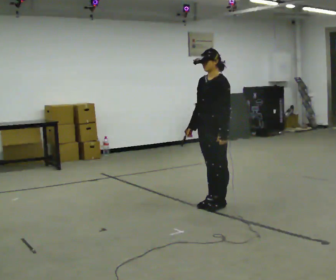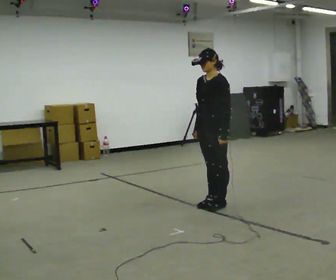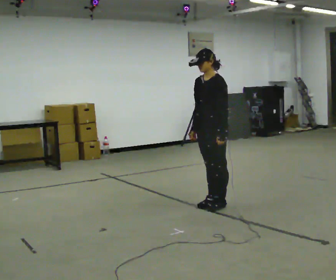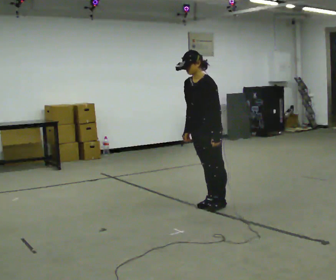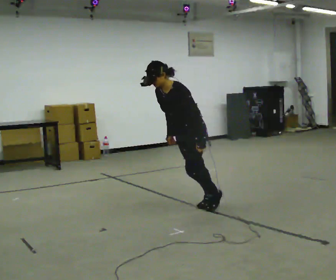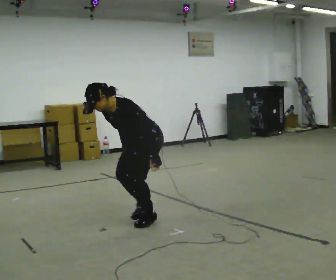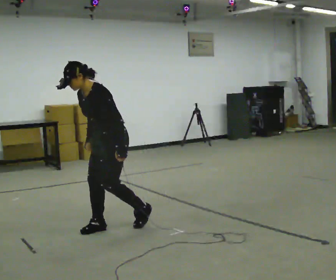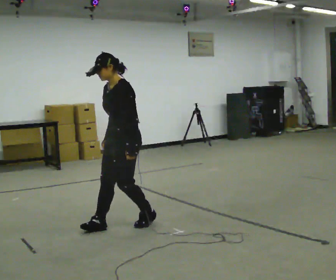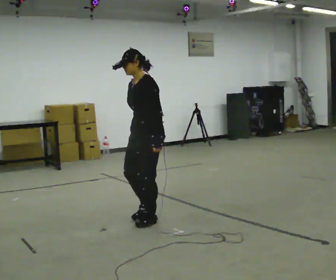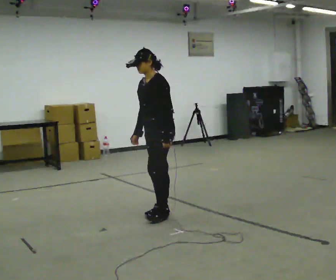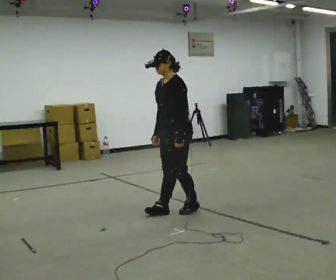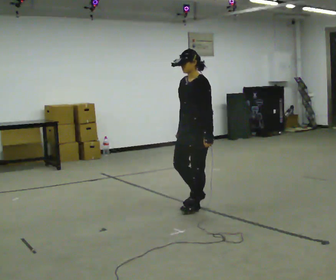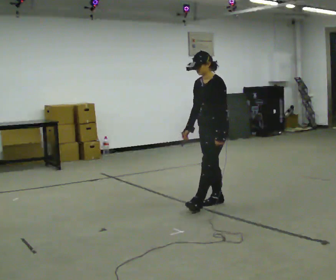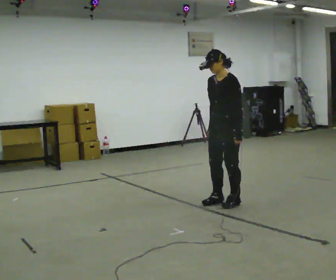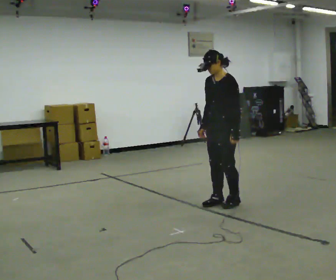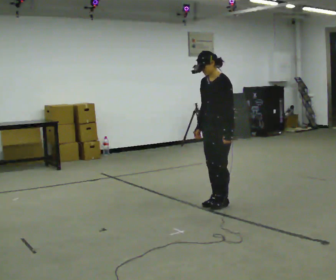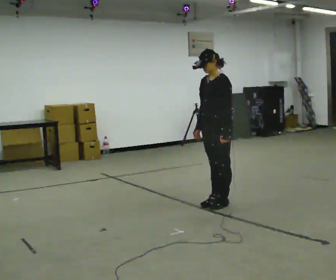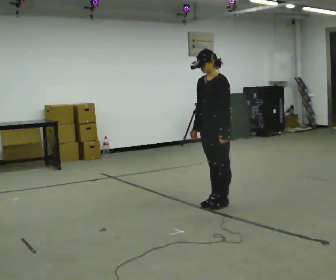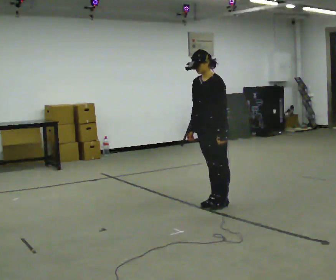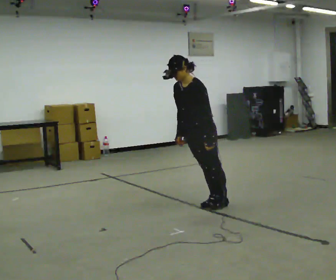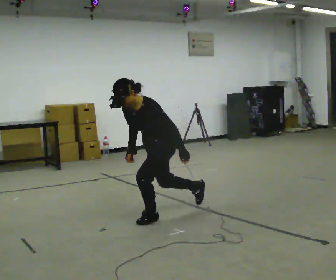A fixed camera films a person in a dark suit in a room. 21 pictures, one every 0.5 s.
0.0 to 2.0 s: In the picture they go to the left and toward the camera, about 0.25 m, which for them is forward. In the picture the upper body tilts counterclockwise, shoulders to the left, as they bend forward.
2.0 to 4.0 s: In the picture they go to the left and toward the camera, about 0.5 m in 2 steps, which for them is forward.
4.0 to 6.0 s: In the picture they go to the right and away from the camera, about 1 m in 3 steps, which for them is backward.
6.0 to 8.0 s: The person moves a little, or ends about where they began.
8.0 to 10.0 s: In the picture they go to the left and toward the camera, about 0.75 m in 1 step, which for them is forward. The shoulders move downward. The upper body tips toward the camera, its near side rolling downward, as they bend forward.
The film runs forward here.
